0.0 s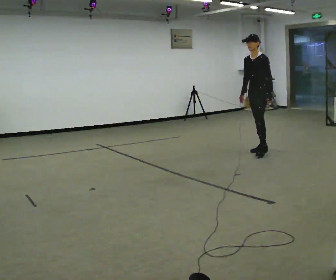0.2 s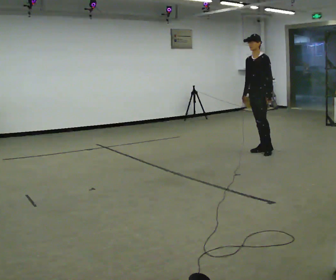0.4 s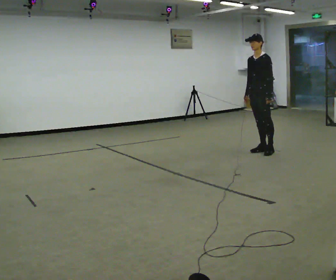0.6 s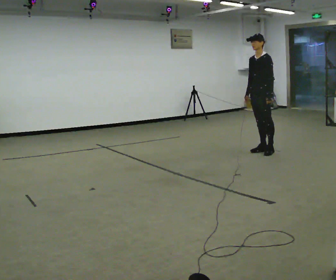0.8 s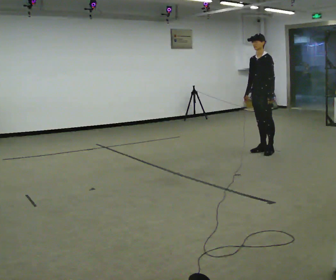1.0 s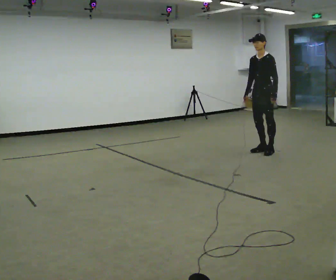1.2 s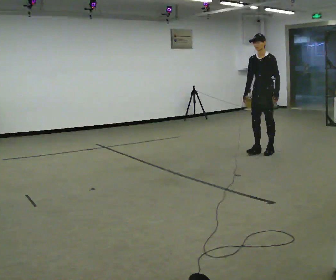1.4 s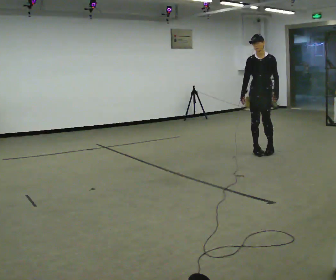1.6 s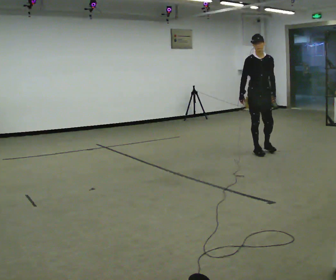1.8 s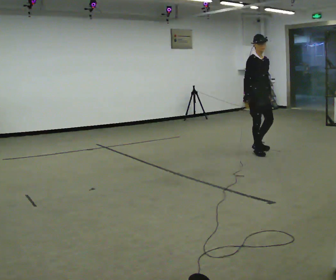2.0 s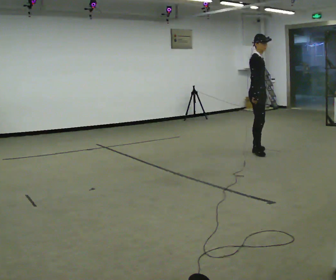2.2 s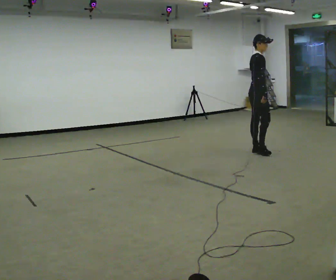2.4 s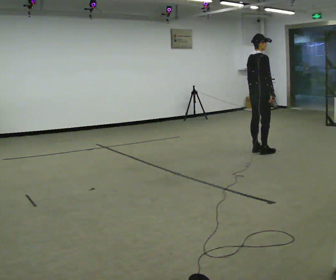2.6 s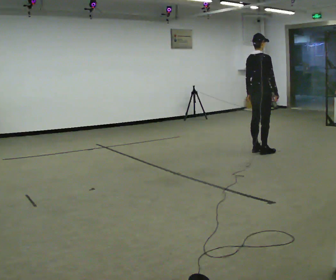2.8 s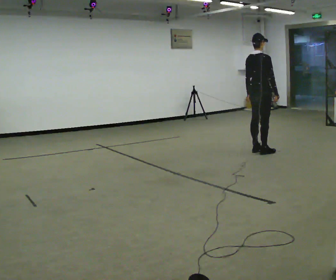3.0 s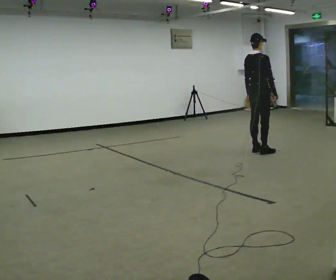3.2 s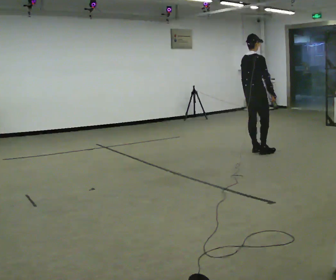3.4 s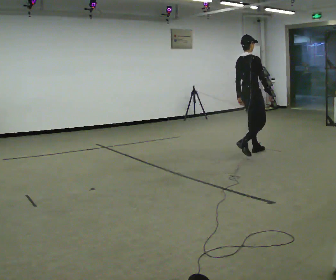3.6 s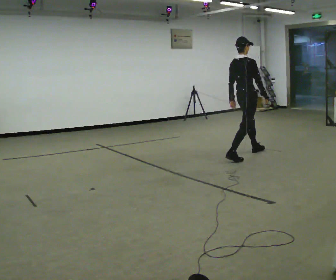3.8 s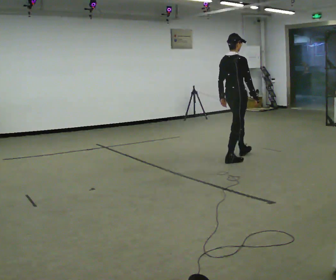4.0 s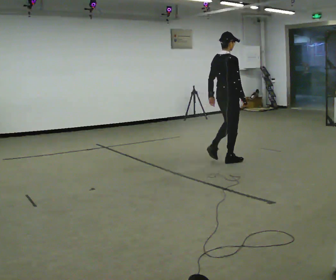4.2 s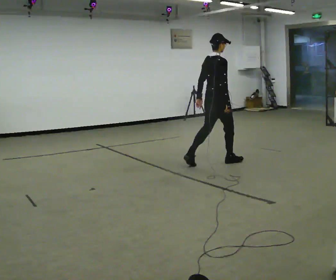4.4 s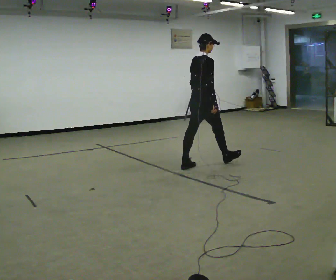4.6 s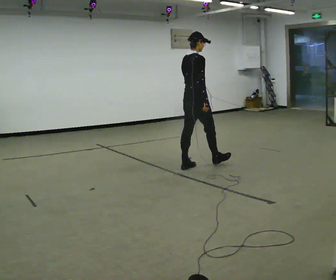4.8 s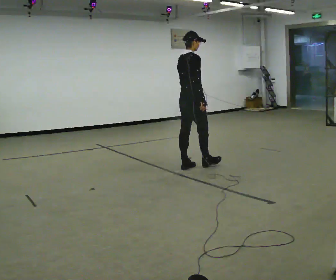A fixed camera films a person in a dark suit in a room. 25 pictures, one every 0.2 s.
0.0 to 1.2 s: The person moves a little, or ends about where they began.
1.2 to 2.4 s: The part of the body nearest the lens slides to the right as the person turns to their left by about 165 degrees. In the picture their right hand goes to the right, the arm swinging counterclockwise.
2.4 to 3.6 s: In the picture they go toward the camera and to the left, about 0.25 m in 1 step, which for them is backward.
3.6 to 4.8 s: In the picture they go to the left and toward the camera, about 1 m in 2 steps, which for them is backward.
The film runs backward here.
